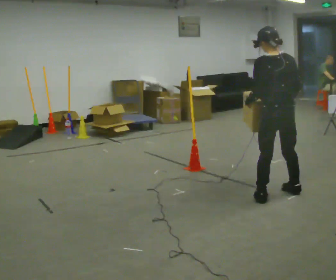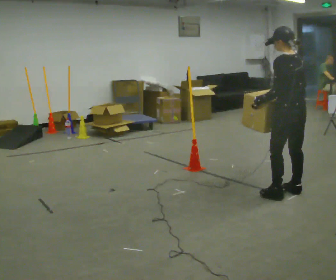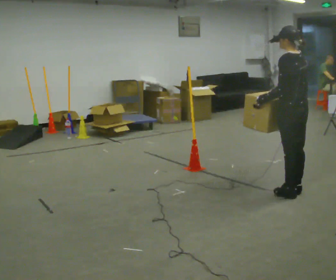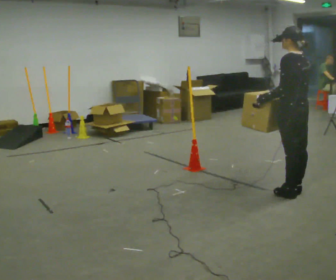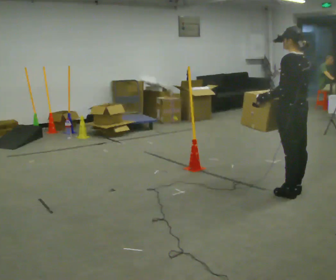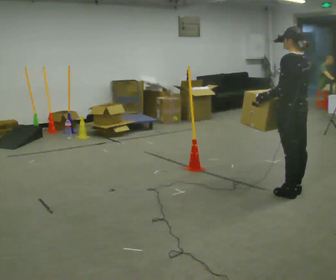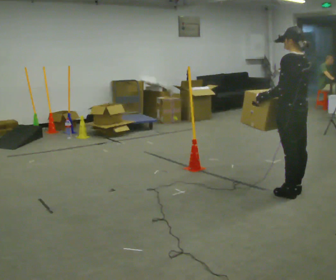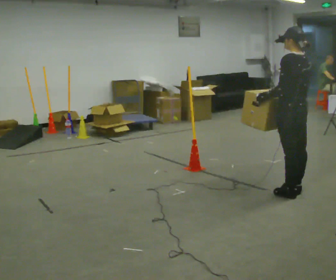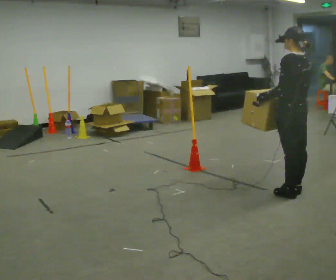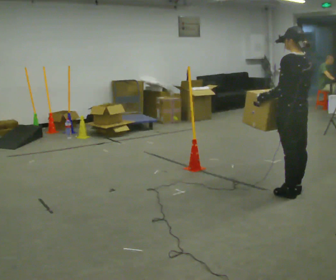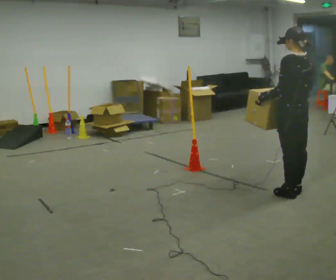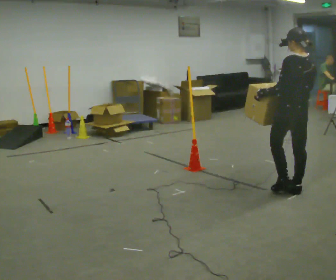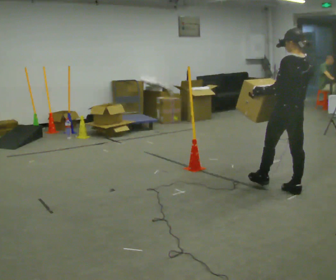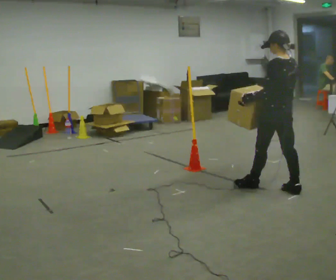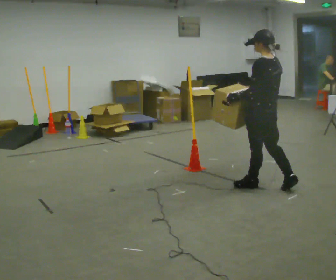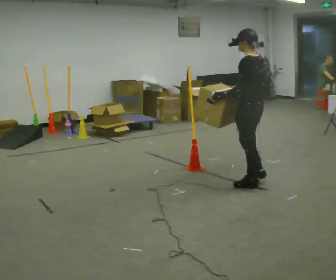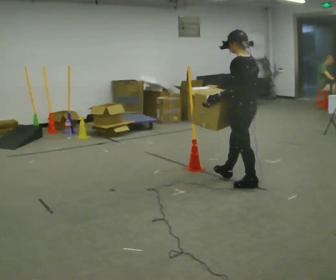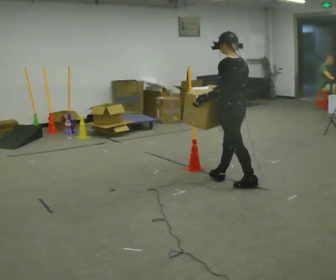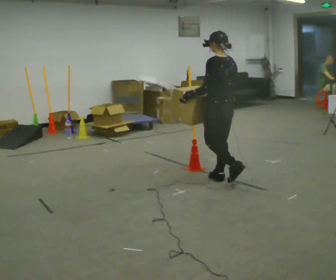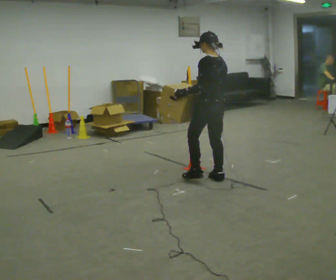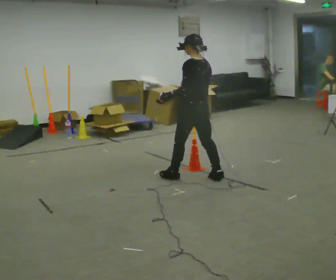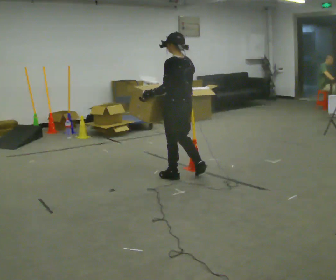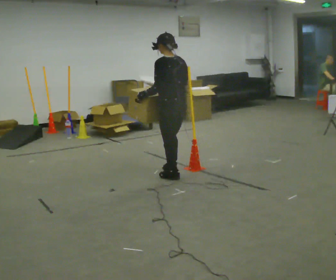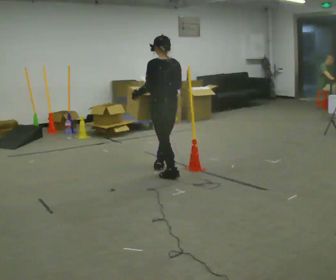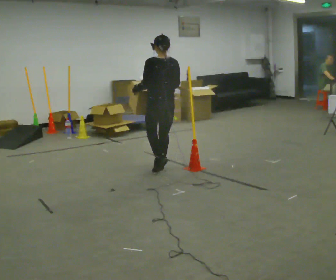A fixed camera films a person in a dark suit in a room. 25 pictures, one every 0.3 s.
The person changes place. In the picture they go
to the left.
0.0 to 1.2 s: The part of the body nearest the lens slides to the right as the person turns to their left by about 30 degrees.
1.2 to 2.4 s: The person keeps their place and pose.
2.4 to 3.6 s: The person moves a little, or ends about where they began.
3.6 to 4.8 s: In the picture they go to the left, about 0.5 m in 1 step, which for them is forward.
4.8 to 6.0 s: In the picture they go to the left and away from the camera, about 0.5 m in 2 steps, which for them is forward.
6.0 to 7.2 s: Seen from above the body turns clockwise, about 30 degrees: to their right, with its near side sliding to the left. In the picture they go to the left and away from the camera, about 0.5 m in 1 step, which for them is forward.
The film runs forward here.
